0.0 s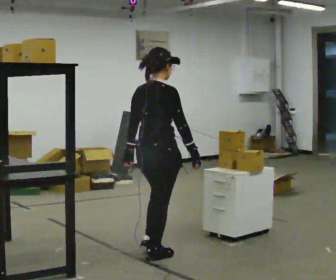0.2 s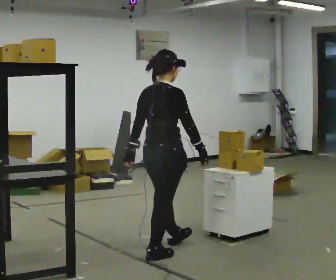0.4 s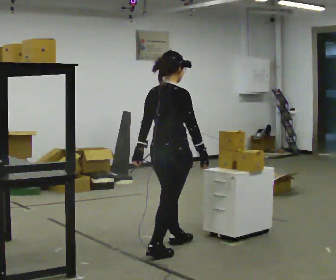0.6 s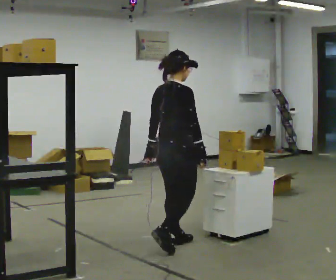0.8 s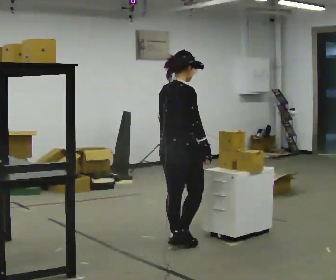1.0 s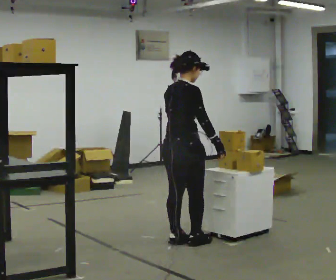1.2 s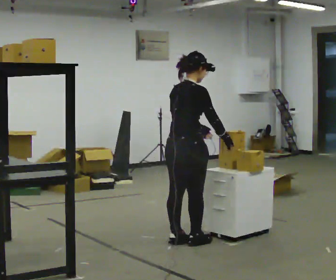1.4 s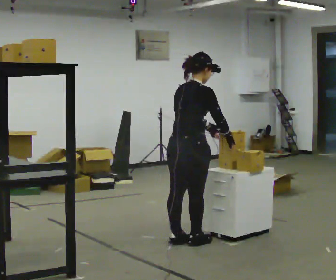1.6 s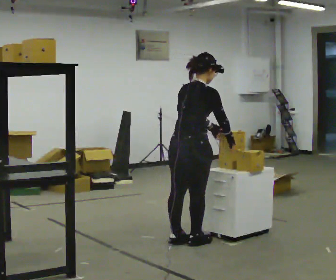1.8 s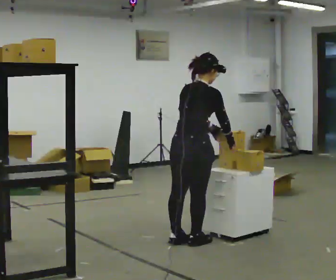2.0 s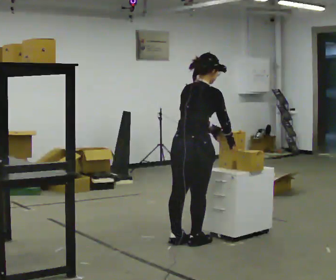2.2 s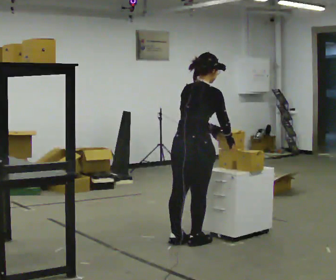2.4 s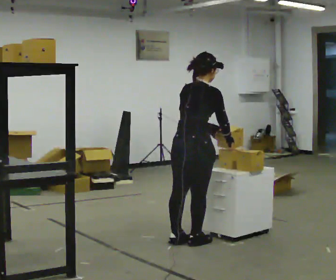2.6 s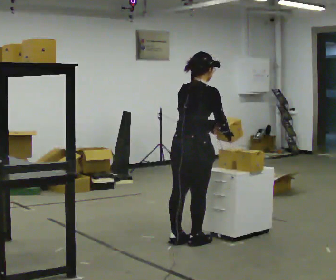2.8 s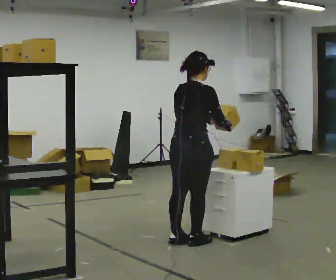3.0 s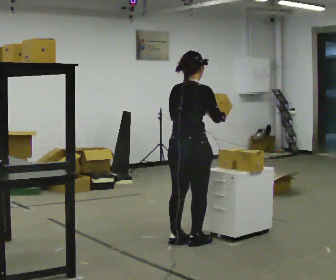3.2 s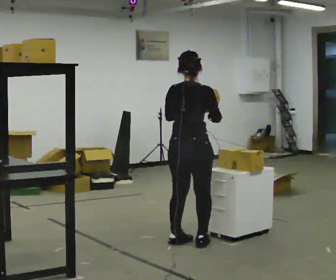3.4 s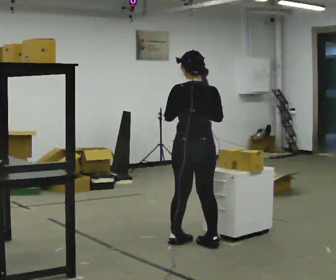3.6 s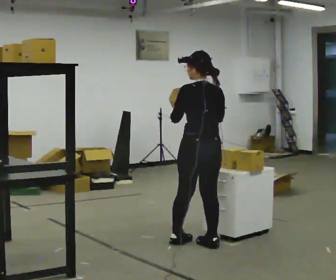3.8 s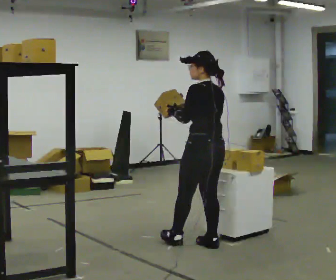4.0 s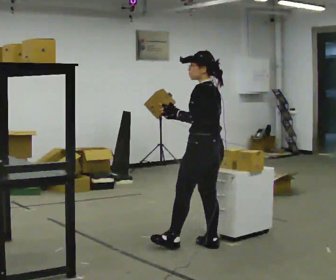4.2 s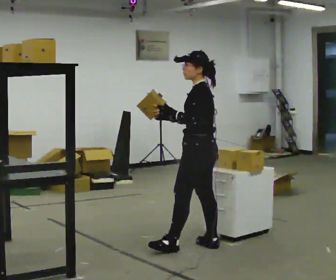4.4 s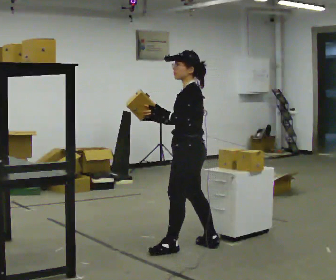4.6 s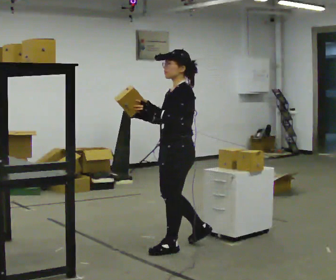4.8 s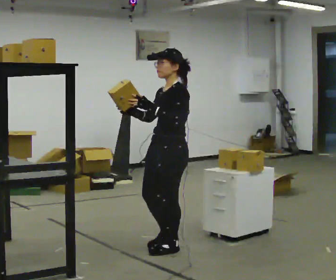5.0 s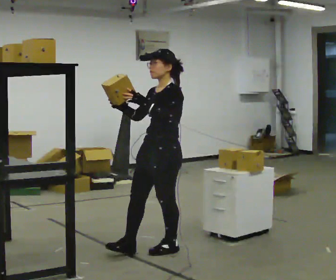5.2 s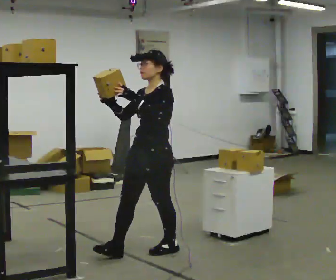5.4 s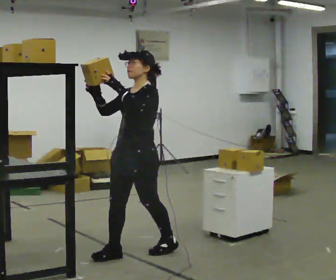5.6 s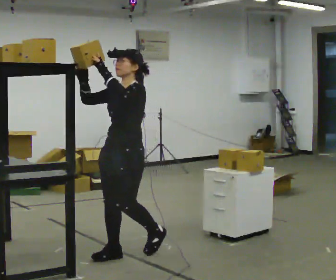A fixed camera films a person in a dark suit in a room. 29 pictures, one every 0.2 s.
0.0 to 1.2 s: In the picture they go away from the camera and to the right, about 0.5 m in 2 steps, which for them is forward.
1.2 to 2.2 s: The person moves a little, or ends about where they began.
2.2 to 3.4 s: The person turns about 30 degrees to their left, counterclockwise seen from above, so the part of the body nearest the lens slides to the right.
3.4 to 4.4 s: The part of the body nearest the lens slides to the right as the person turns to their left by about 90 degrees. In the picture their right hand goes to the left.
4.4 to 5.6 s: The part of the body nearest the lens slides to the right as the person turns to their left by about 45 degrees. In the picture they go to the left and toward the camera, about 0.5 m in 1 step, which for them is forward. In the picture their right hand goes upward, the arm swinging clockwise.
The film runs forward here.
